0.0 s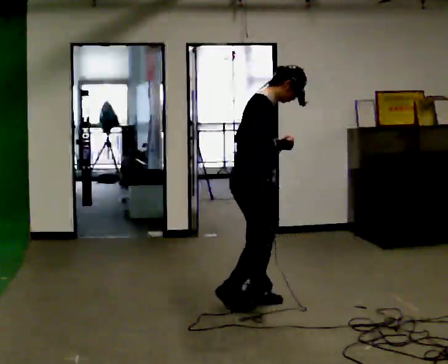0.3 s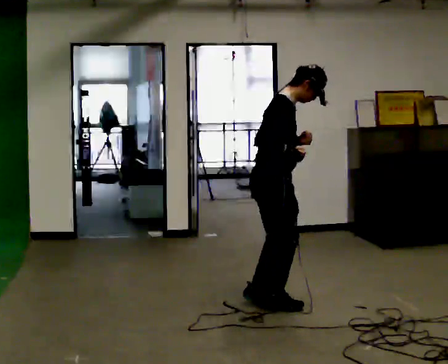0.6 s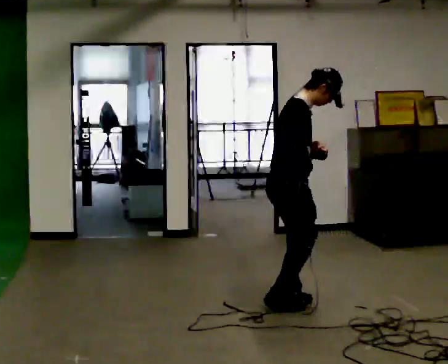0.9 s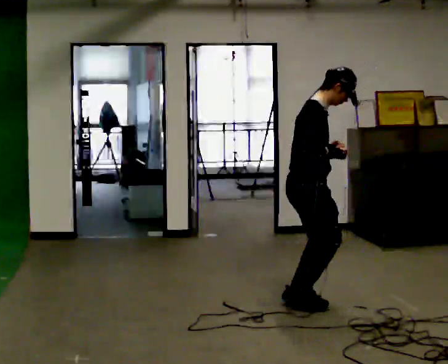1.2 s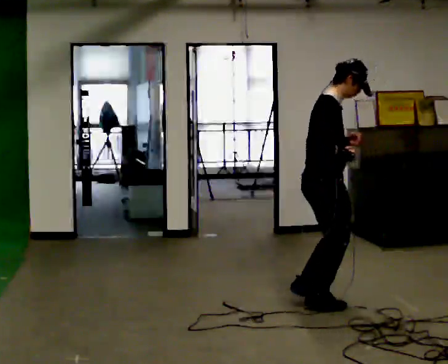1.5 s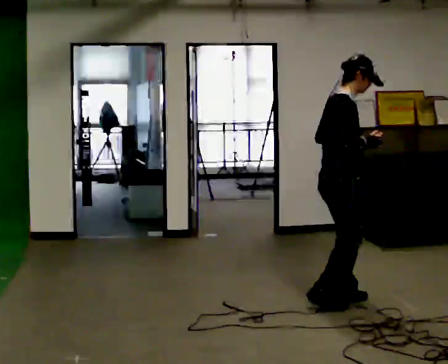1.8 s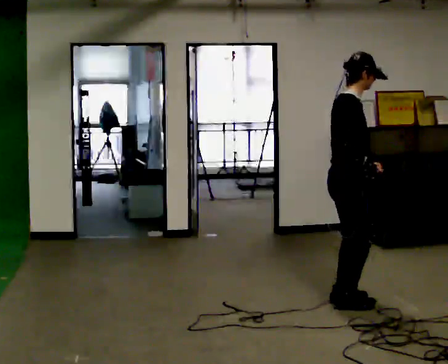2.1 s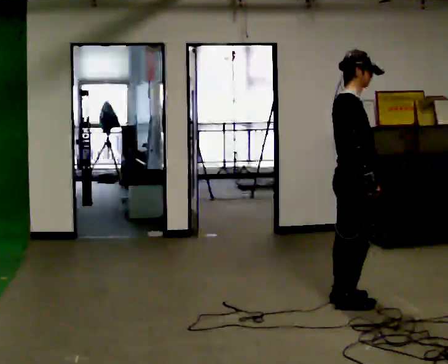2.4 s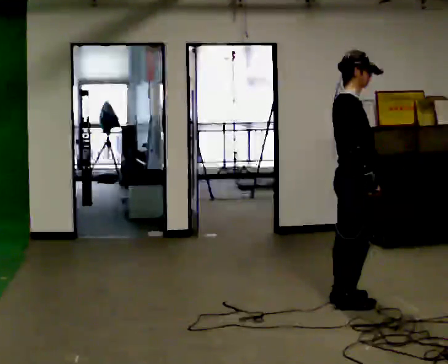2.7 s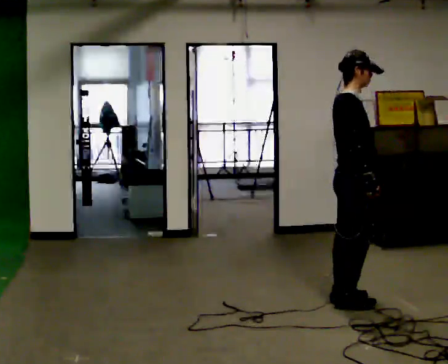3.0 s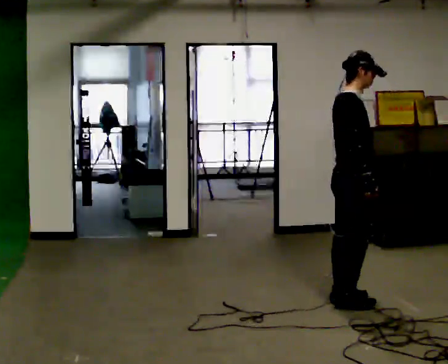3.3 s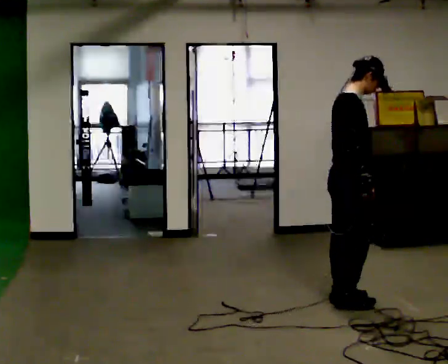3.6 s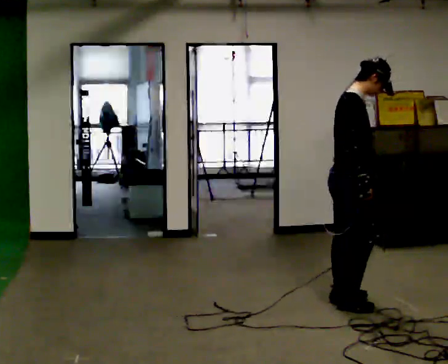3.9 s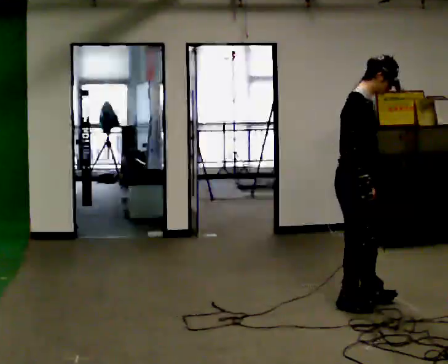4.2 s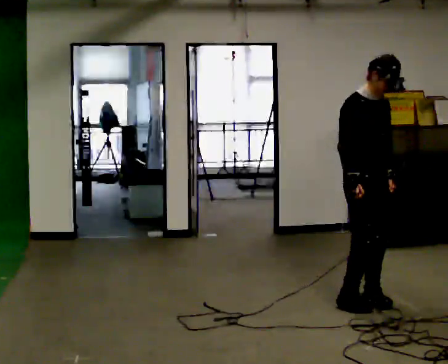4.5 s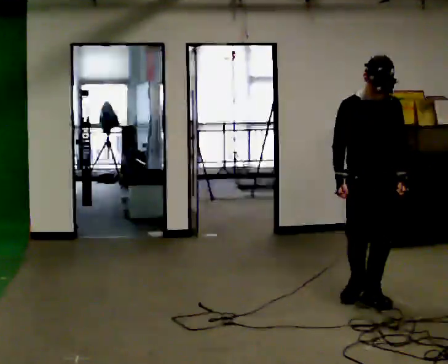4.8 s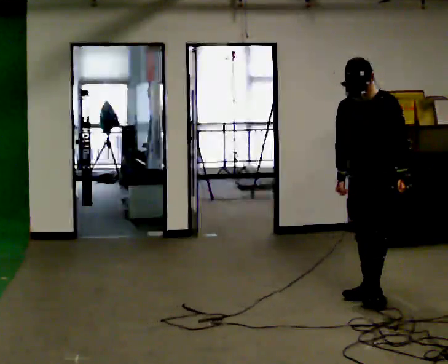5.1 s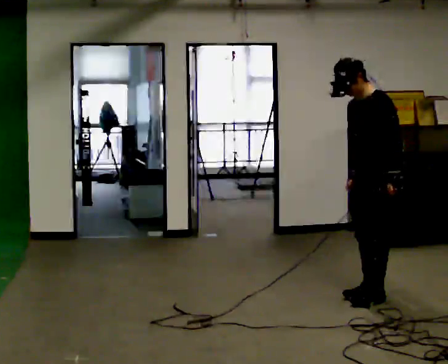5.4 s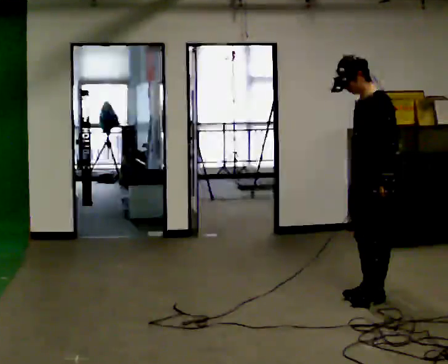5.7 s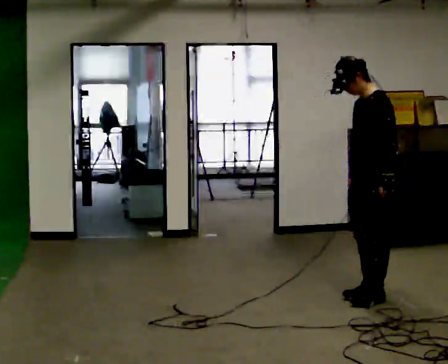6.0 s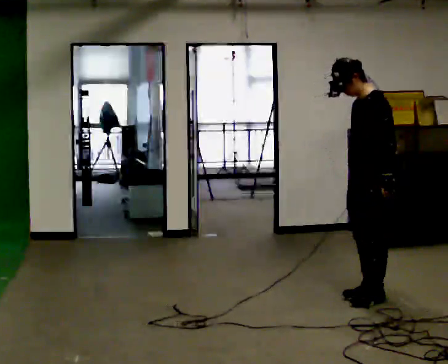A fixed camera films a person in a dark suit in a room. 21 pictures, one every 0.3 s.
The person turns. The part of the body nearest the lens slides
to the left.
The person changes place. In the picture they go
to the right.
0.0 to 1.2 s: In the picture they go to the right, about 0.5 m in 4 steps, which for them is forward.
1.2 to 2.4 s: In the picture they go to the right, about 0.25 m in 1 step, which for them is forward.
2.4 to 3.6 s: The person moves a little, or ends about where they began.
3.6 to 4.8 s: The part of the body nearest the lens slides to the left as the person turns to their right by about 120 degrees. In the picture they go to the right and away from the camera, about 0.25 m in 2 steps. In the picture their left hand goes to the right.
4.8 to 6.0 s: The person turns about 45 degrees to their right, clockwise seen from above, so the part of the body nearest the lens slides to the left.
The film runs backward here.
